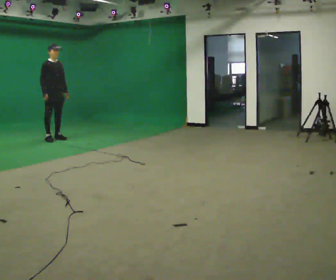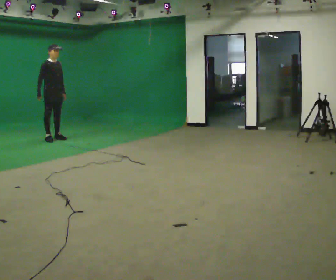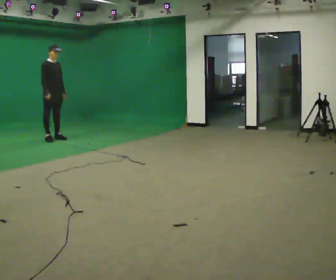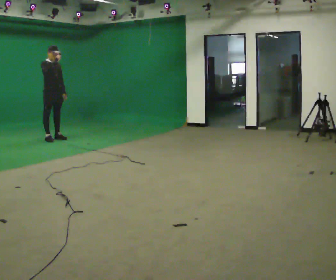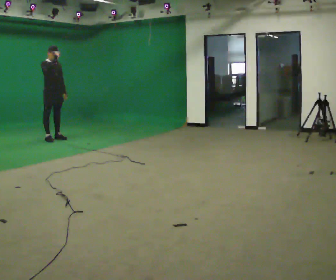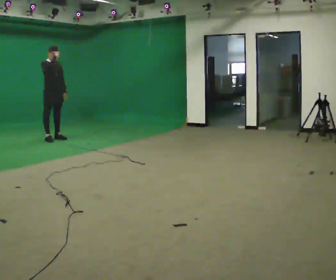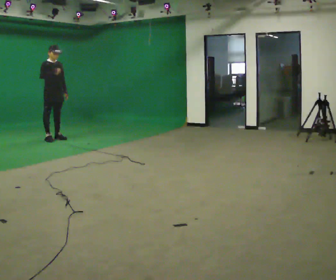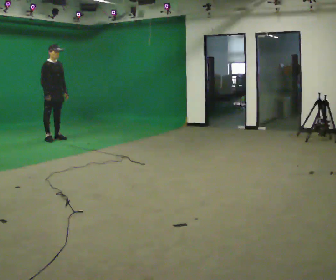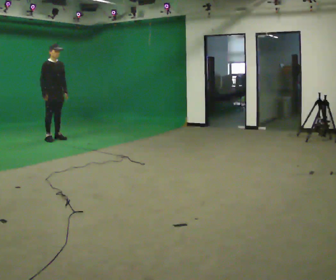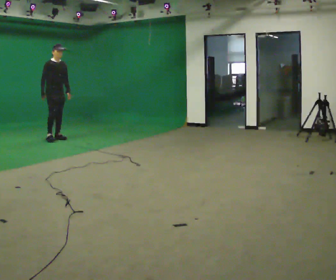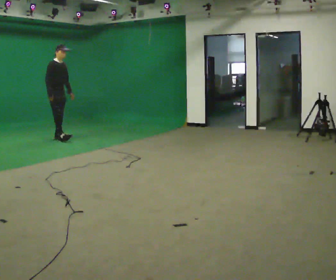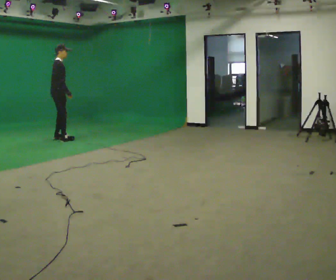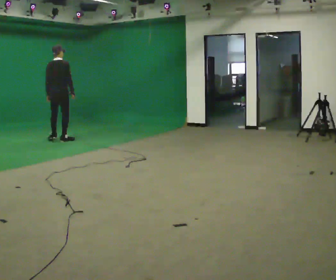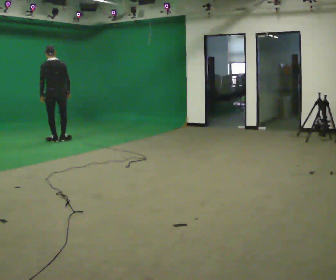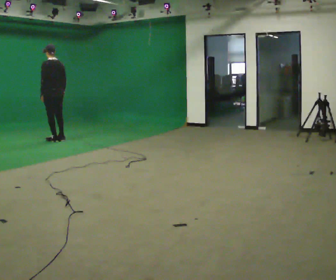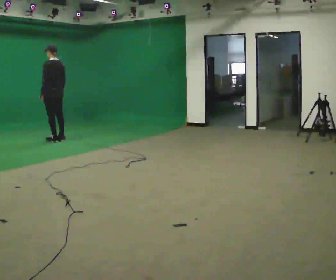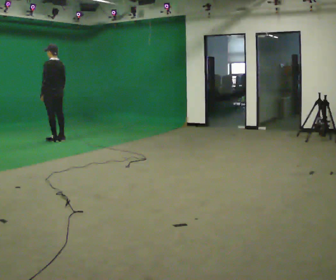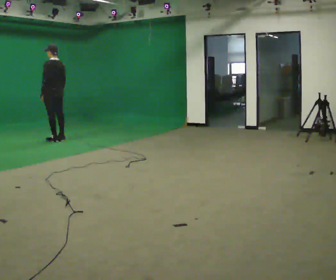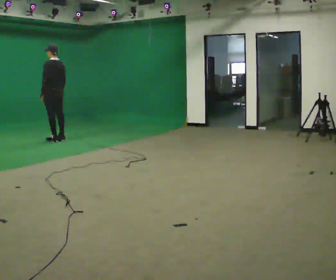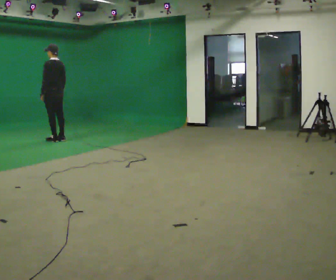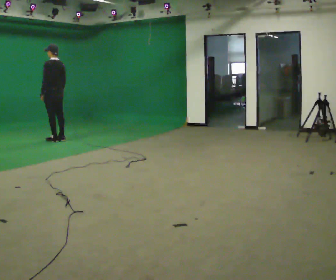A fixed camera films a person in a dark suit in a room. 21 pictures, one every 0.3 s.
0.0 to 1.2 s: In the picture their right hand goes upward.
1.2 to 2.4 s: In the picture their right hand goes downward.
2.4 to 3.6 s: Seen from above the body turns counterclockwise, about 105 degrees: to their left, with its near side sliding to the right. In the picture they go toward the camera, about 0.25 m in 2 steps.
3.6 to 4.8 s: The part of the body nearest the lens slides to the right as the person turns to their left by about 75 degrees.
4.8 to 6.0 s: The person keeps their place and pose.
The film runs backward here.
